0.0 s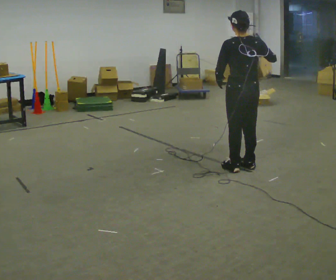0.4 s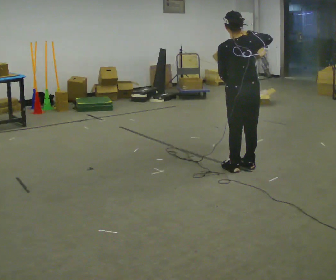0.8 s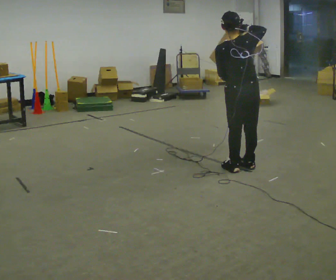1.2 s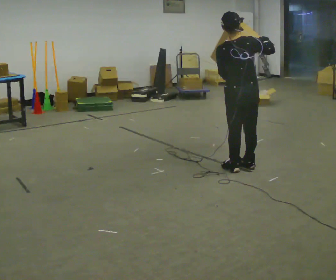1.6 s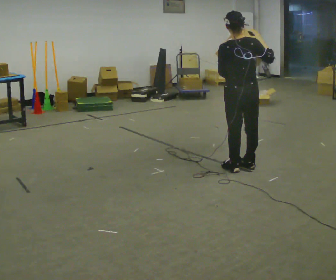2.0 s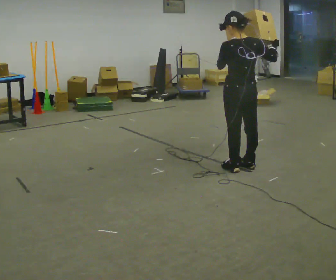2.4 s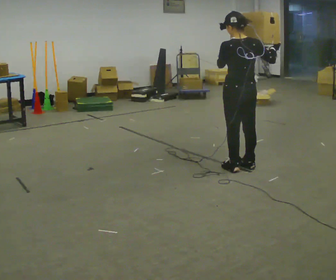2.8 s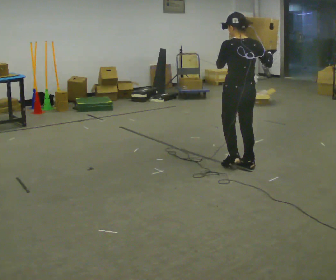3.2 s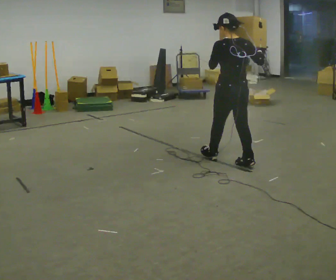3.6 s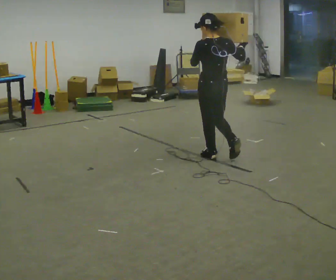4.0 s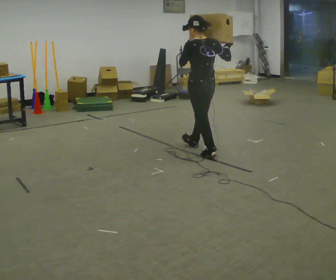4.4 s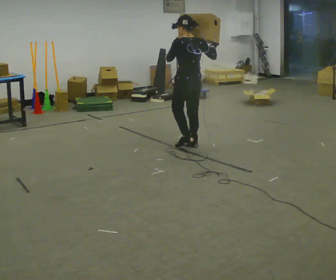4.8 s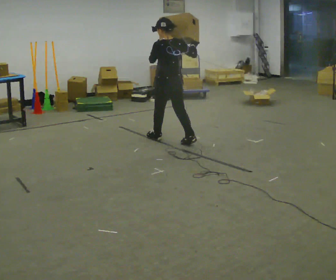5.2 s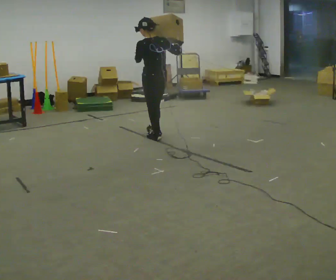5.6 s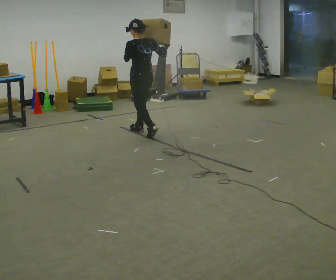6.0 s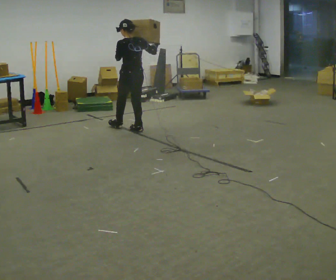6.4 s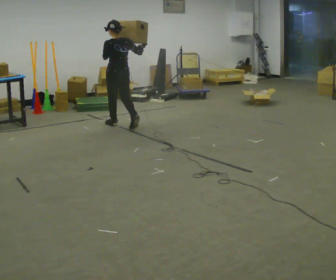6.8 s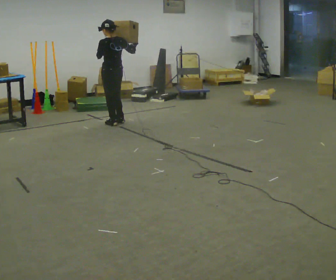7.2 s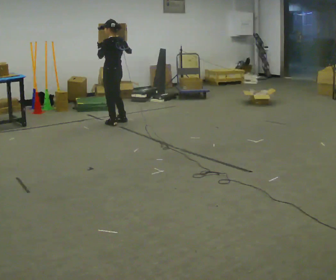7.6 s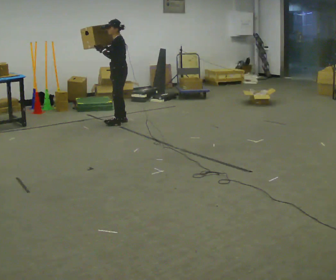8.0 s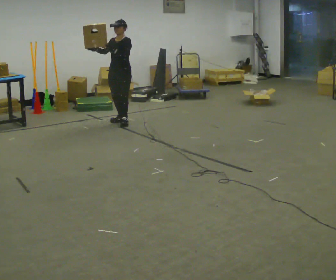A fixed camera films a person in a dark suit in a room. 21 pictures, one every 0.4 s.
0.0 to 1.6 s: The person moves a little, or ends about where they began.
1.6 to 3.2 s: In the picture they go away from the camera, about 0.25 m in 1 step, which for them is forward.
3.2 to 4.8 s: In the picture they go away from the camera and to the left, about 1 m in 2 steps, which for them is forward.
4.8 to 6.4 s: In the picture they go to the left and away from the camera, about 1 m in 2 steps, which for them is forward.
6.4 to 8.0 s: The person turns about 135 degrees to their left, counterclockwise seen from above, so the part of the body nearest the lens slides to the right. In the picture they go away from the camera, about 0.25 m in 1 step. In the picture their right hand goes to the left.
The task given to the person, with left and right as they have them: Carry the box and, while walking, shift it to a different hold: front, then hip, then shoulder, then back to front. Do not stop walking.
The film runs forward here.
